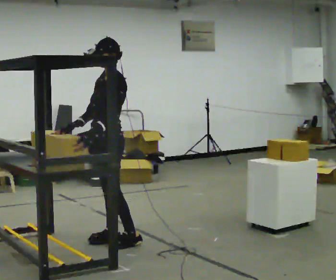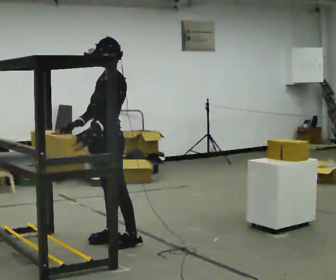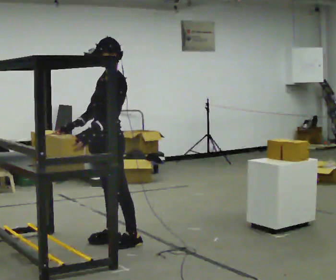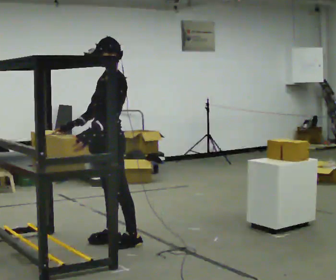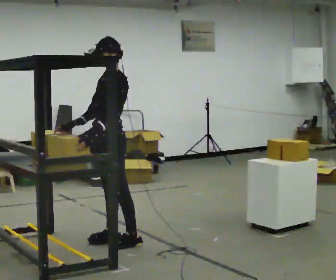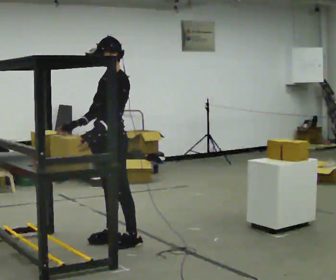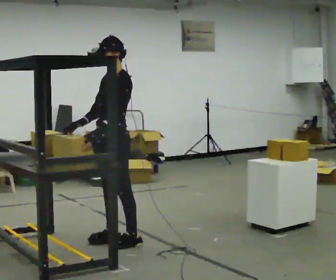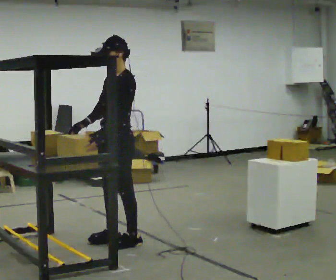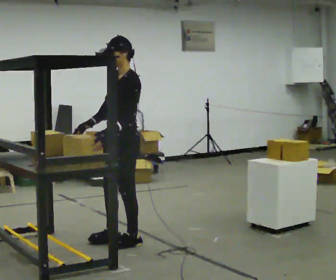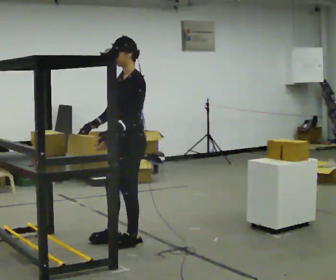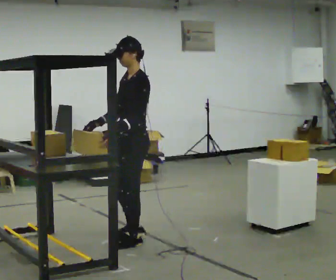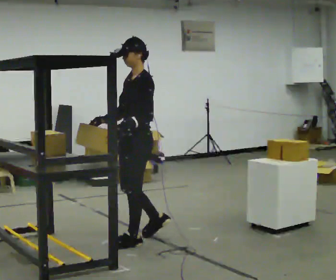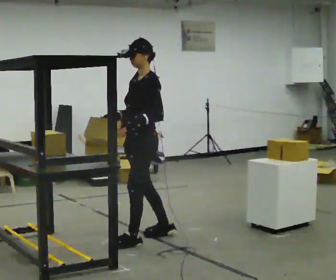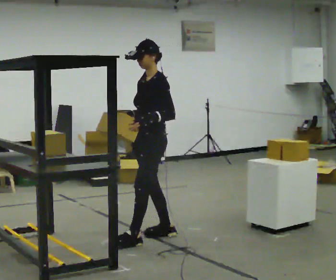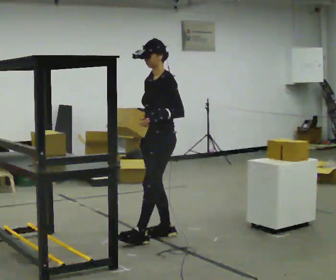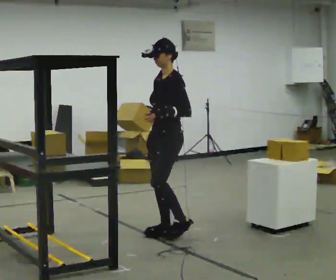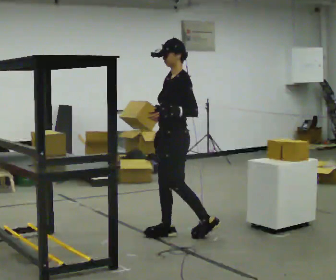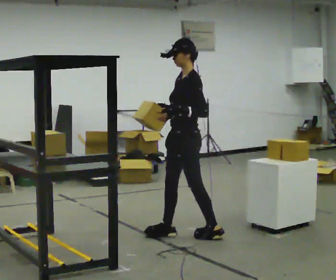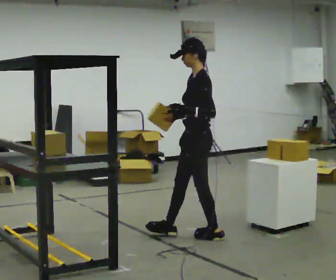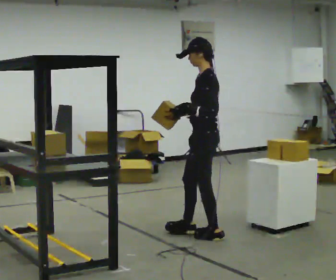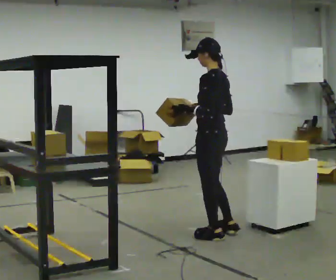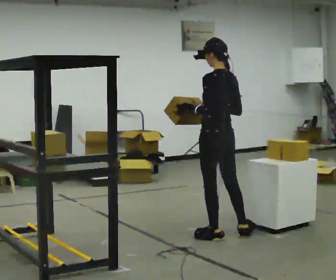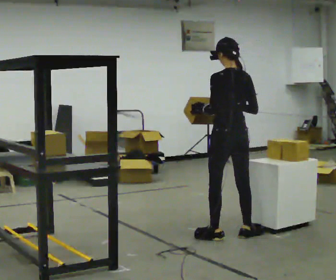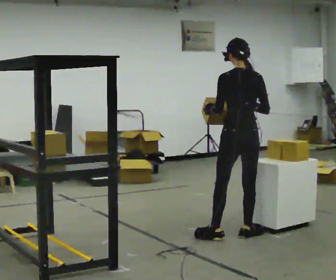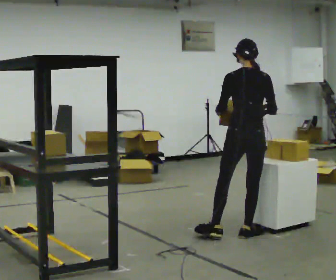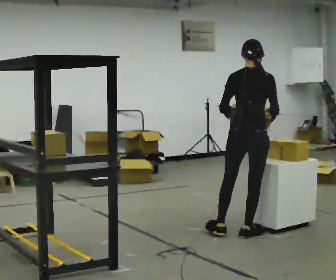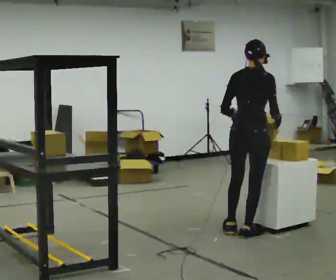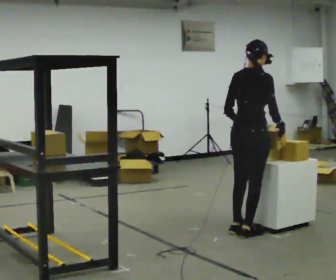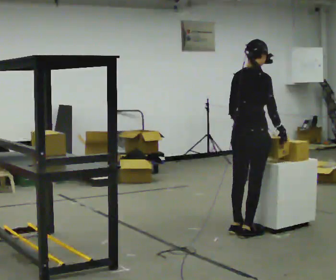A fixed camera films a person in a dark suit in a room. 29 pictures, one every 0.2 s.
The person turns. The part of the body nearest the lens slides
to the left.
The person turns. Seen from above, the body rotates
clockwise.
0.0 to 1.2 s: The person moves a little, or ends about where they began.
1.2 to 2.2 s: In the picture they go to the right, about 0.25 m in 1 step, which for them is backward.
2.2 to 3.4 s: In the picture they go to the right and away from the camera, about 0.5 m in 1 step, which for them is backward.
3.4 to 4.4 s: Seen from above the body turns clockwise, about 75 degrees: to their right, with its near side sliding to the left. In the picture they go to the right, about 0.25 m in 1 step.
4.4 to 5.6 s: The person turns about 75 degrees to their right, clockwise seen from above, so the part of the body nearest the lens slides to the left. In the picture their left hand goes to the right.
The film runs backward here.
